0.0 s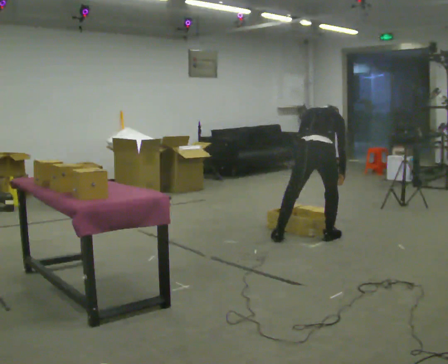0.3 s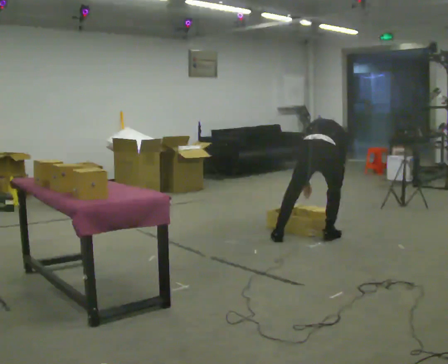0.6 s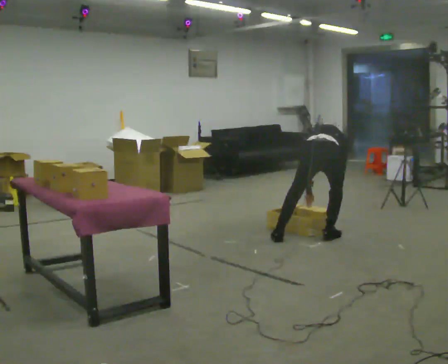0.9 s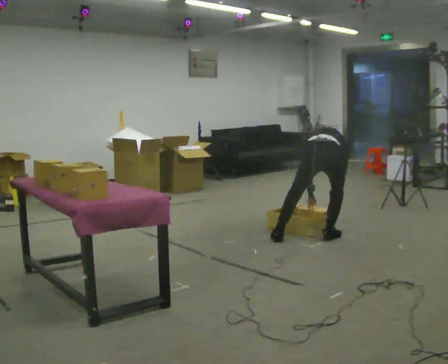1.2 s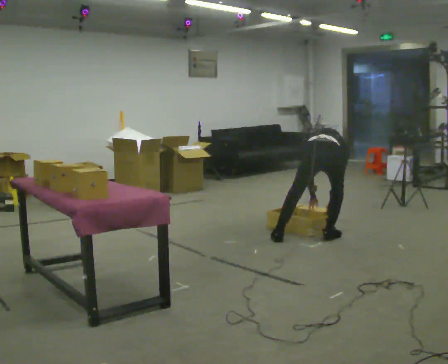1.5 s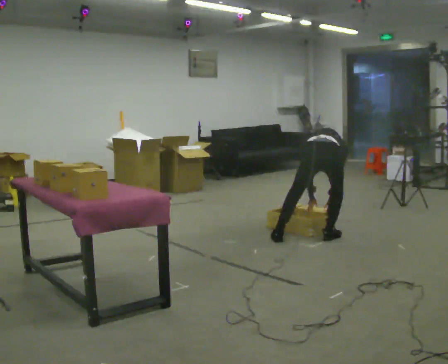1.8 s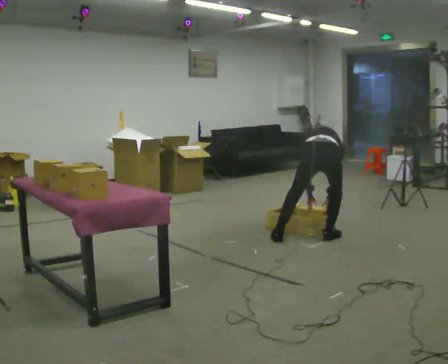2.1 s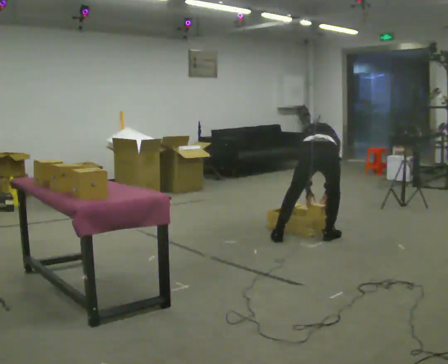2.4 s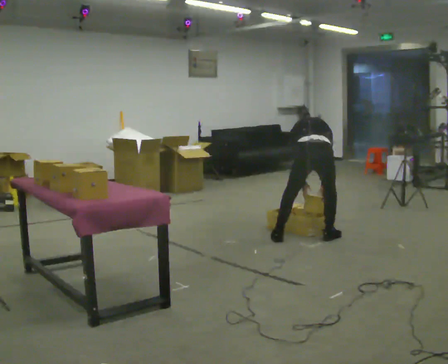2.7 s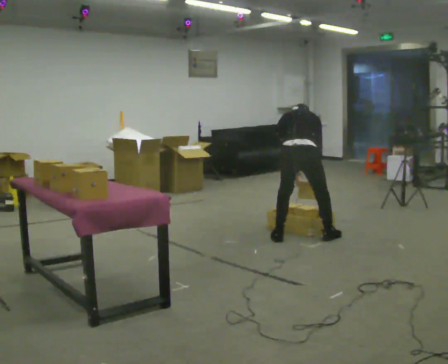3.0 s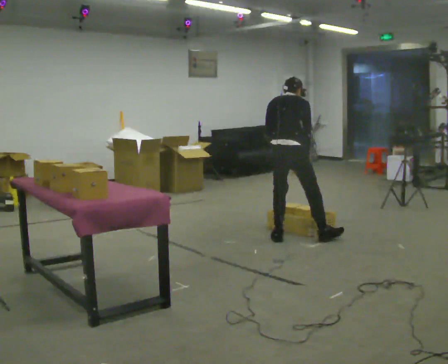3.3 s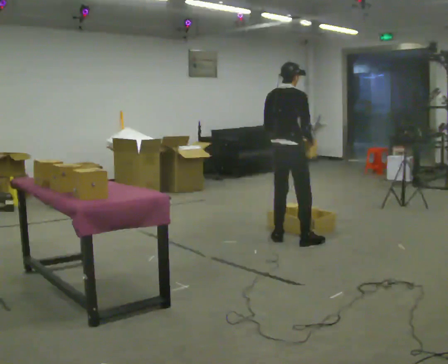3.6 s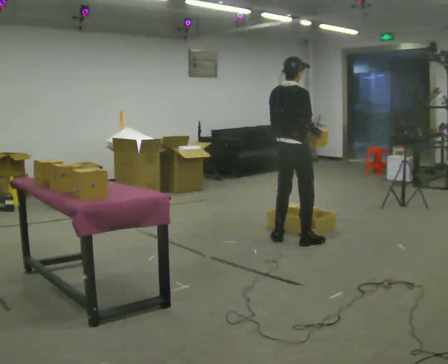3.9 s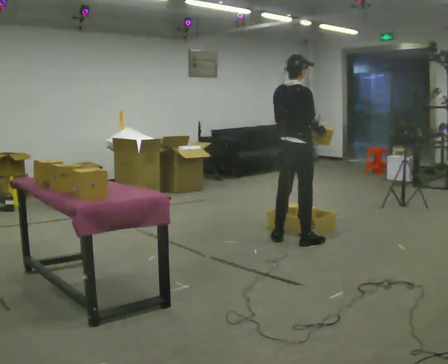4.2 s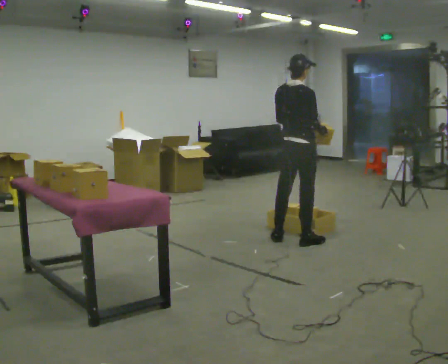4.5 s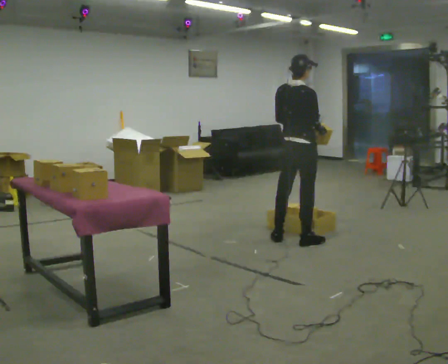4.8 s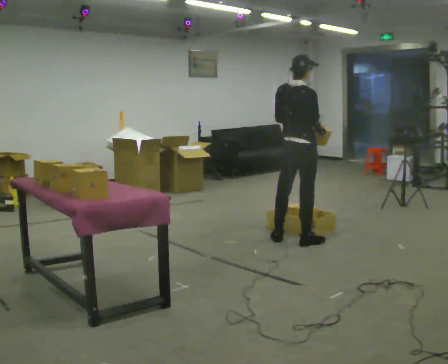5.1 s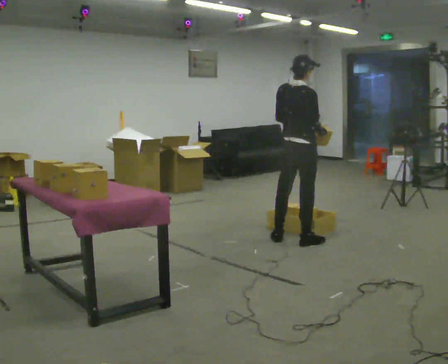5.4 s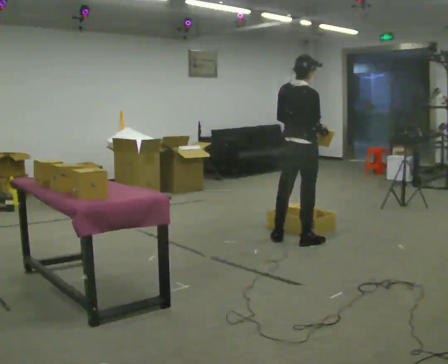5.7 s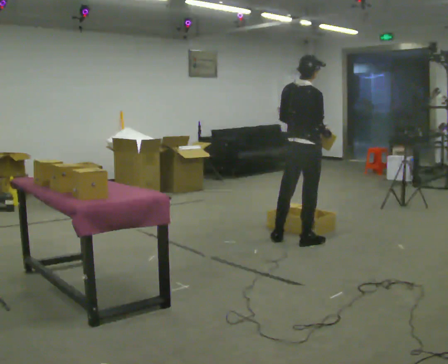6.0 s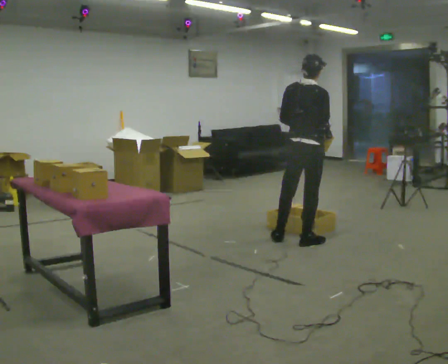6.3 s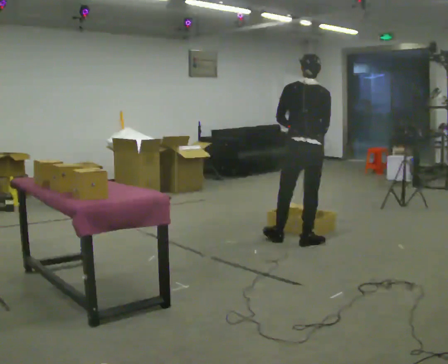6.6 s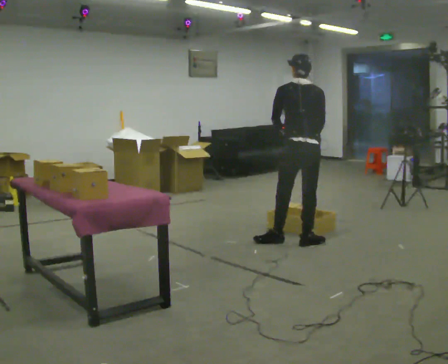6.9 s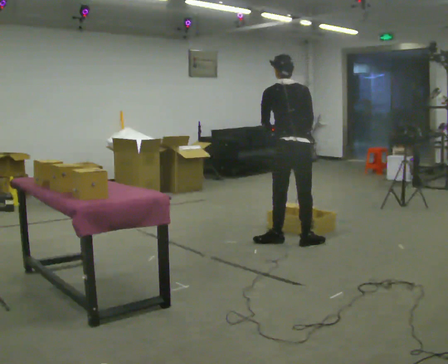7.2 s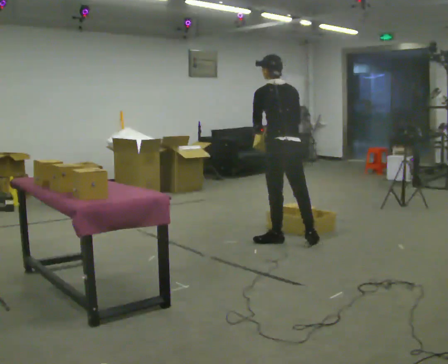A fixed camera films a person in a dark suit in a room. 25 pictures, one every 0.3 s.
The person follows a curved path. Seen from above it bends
counterclockwise.
0.0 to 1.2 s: The upper body goes downward. The upper body tips away from the camera, its near side rolling upward, as they bend forward.
1.2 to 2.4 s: The shoulders move upward. In the picture the upper body tilts counterclockwise, shoulders to the left, as they lean back or straighten.
2.4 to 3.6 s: Seen from above the body turns clockwise, about 45 degrees: to their right, with its near side sliding to the left. In the picture they go to the left, about 0.25 m in 1 step, which for them is to their left. The shoulders move upward. The upper body tips toward the camera, its near side rolling downward, as they lean back or straighten. In the picture their left hand goes upward.
3.6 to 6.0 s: In the picture they go toward the camera, about 0.25 m, which for them is to their right.
6.0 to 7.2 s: The part of the body nearest the lens slides to the right as the person turns to their left by about 60 degrees. In the picture they go to the left, about 0.25 m, which for them is to their left. In the picture their left hand goes to the left.
The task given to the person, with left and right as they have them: Reach down into the deep bin on the floor, take out one object at a time, carry it to the shelf, and come back for the next one. Keep going until the operator says stop; one object at a time, and do not rush between trips.
The film runs forward here.
